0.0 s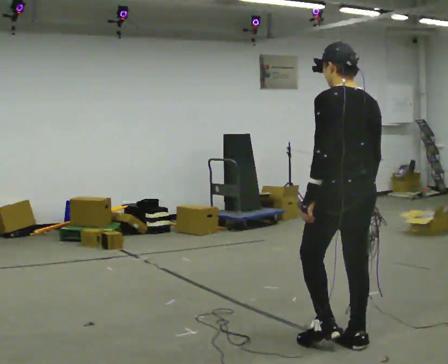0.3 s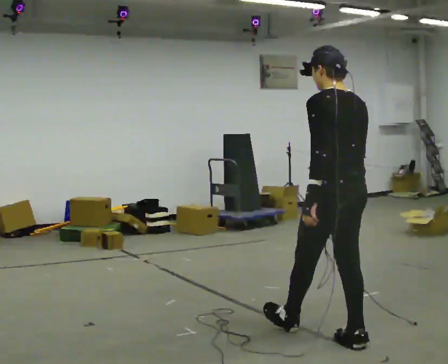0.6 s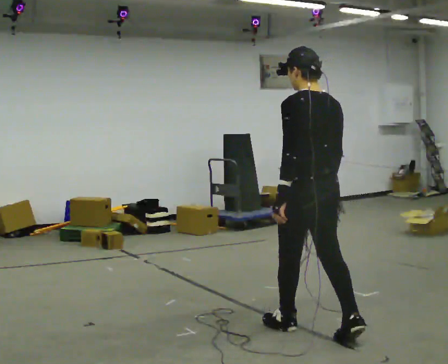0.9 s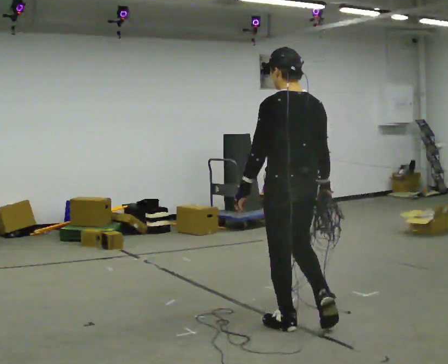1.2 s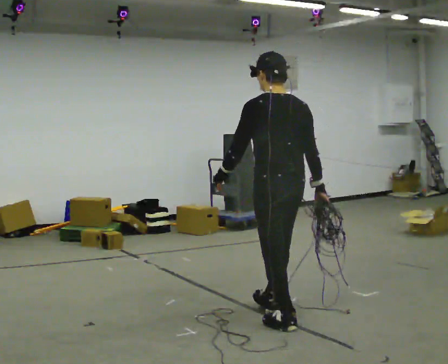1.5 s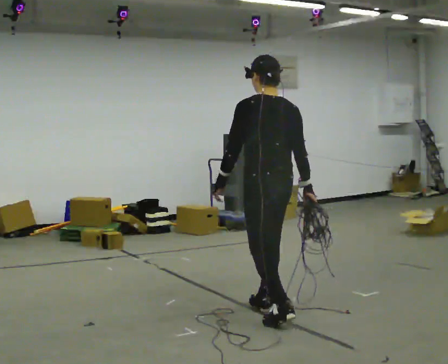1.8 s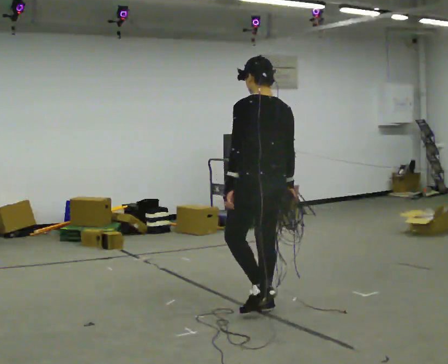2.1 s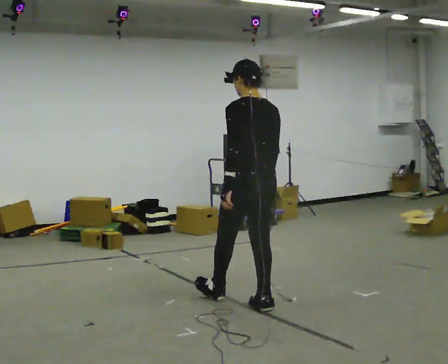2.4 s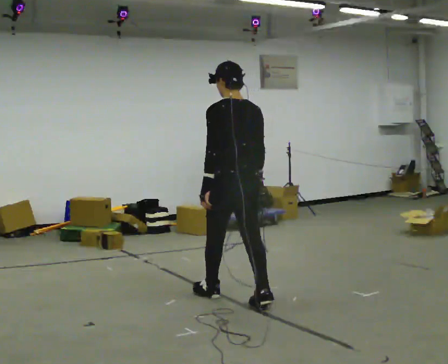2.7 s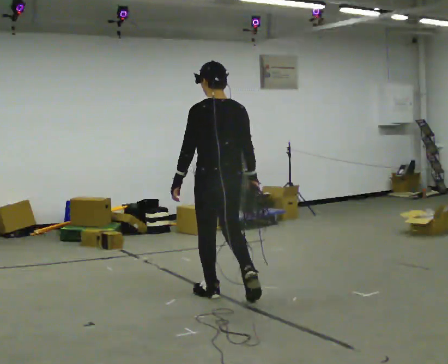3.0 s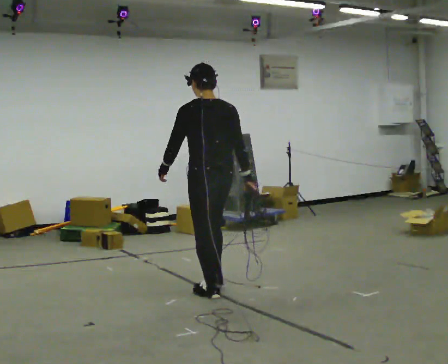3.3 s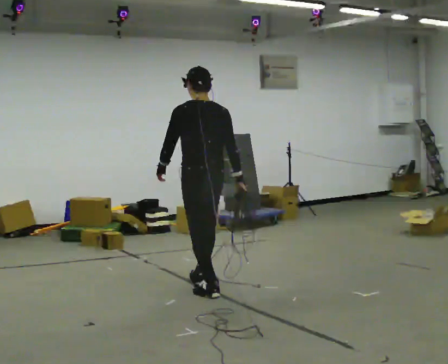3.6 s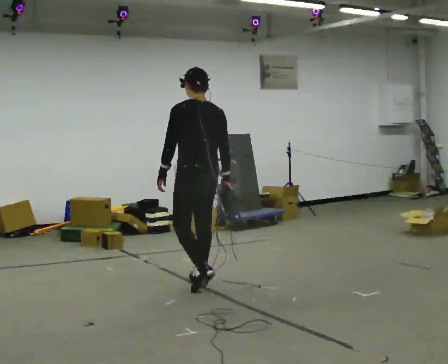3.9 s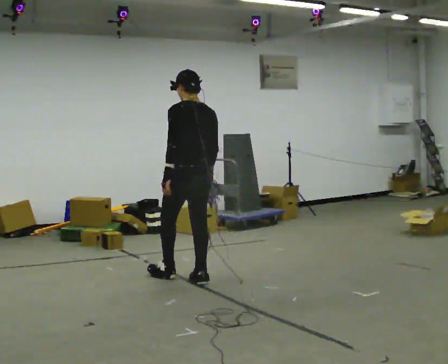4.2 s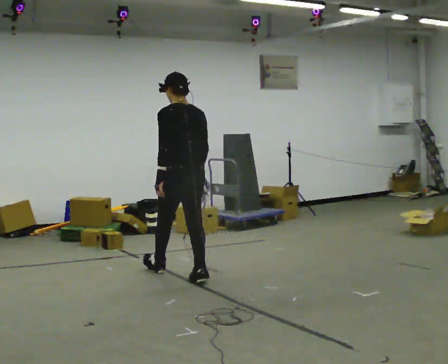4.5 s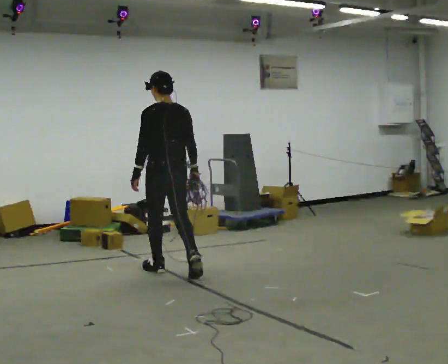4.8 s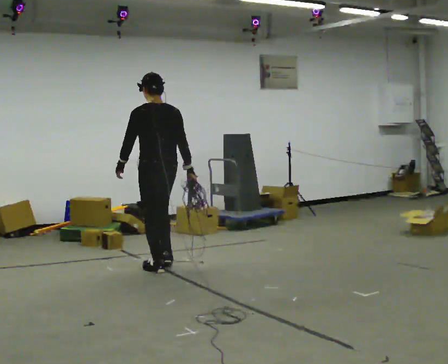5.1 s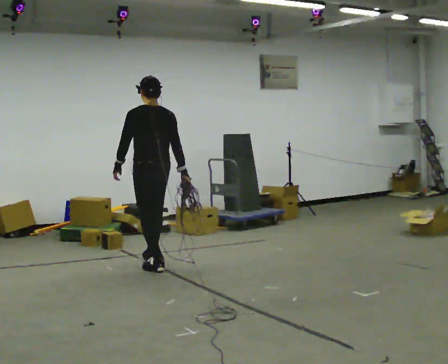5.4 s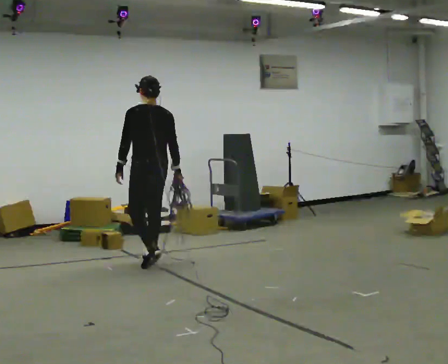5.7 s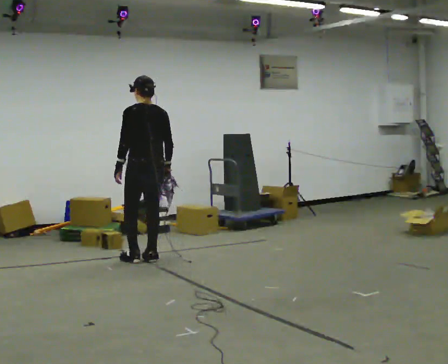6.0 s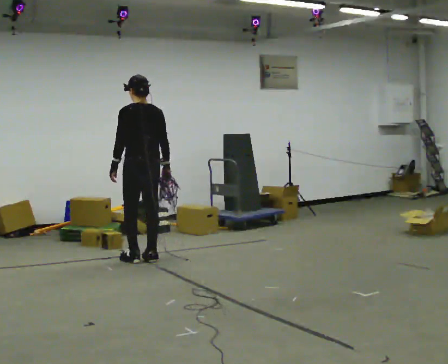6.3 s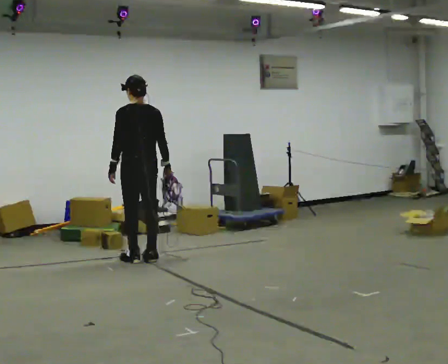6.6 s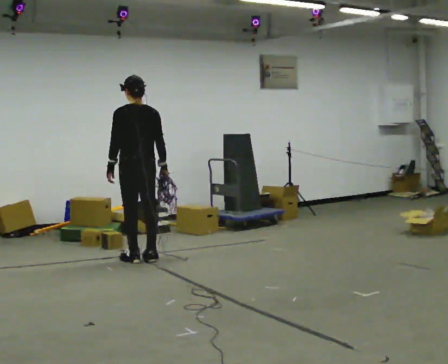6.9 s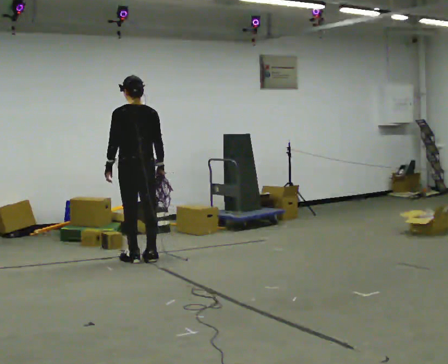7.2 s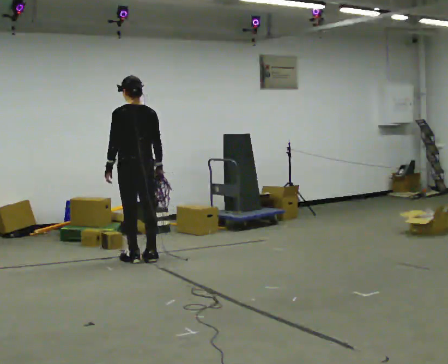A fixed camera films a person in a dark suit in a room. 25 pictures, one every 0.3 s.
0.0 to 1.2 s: In the picture they go away from the camera and to the left, about 0.5 m in 1 step, which for them is forward.
1.2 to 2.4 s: In the picture they go away from the camera and to the left, about 0.5 m in 2 steps, which for them is forward.
2.4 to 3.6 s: In the picture they go away from the camera and to the left, about 0.5 m in 1 step, which for them is forward.
3.6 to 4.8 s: In the picture they go away from the camera and to the left, about 0.75 m in 1 step, which for them is forward.
4.8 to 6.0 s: In the picture they go away from the camera and to the left, about 0.5 m in 2 steps, which for them is forward.
6.0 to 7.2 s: The person moves a little, or ends about where they began.
The film runs forward here.
